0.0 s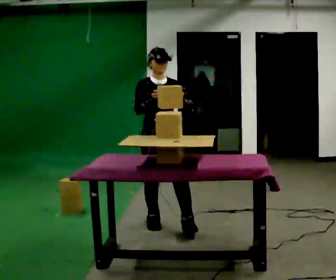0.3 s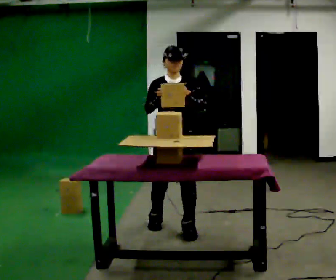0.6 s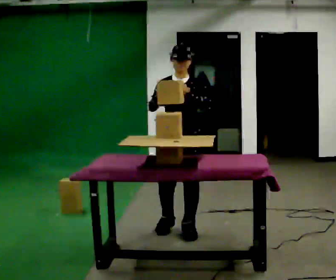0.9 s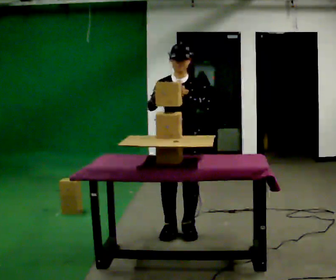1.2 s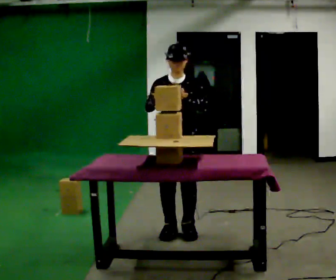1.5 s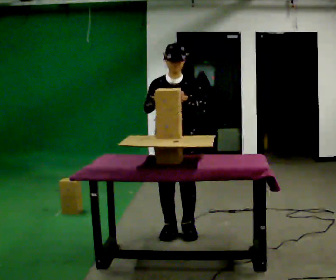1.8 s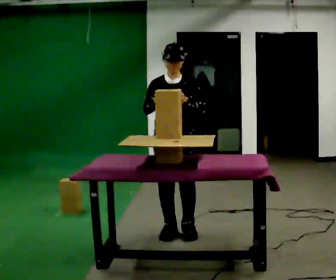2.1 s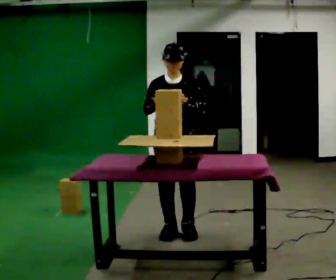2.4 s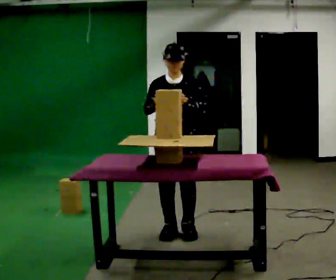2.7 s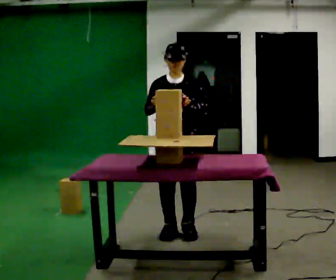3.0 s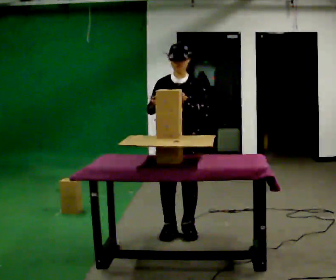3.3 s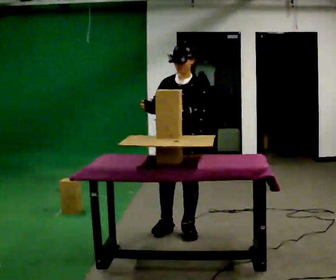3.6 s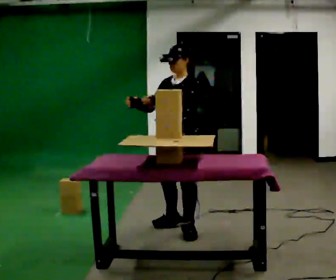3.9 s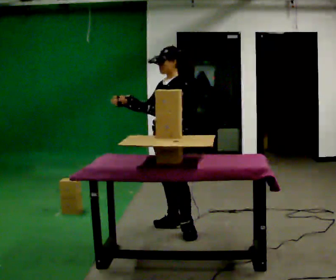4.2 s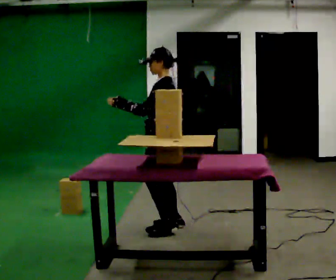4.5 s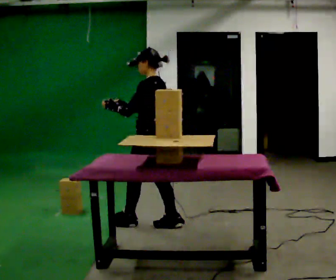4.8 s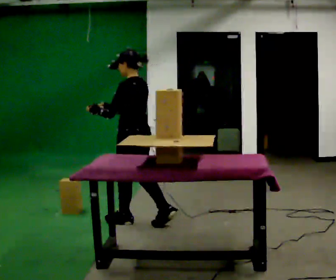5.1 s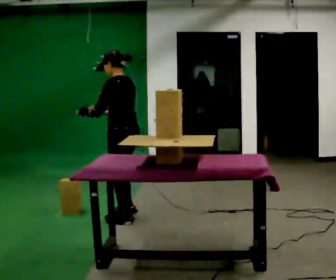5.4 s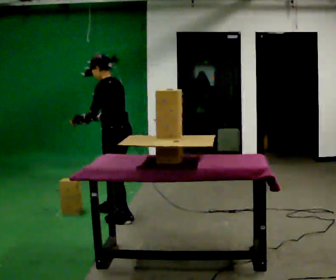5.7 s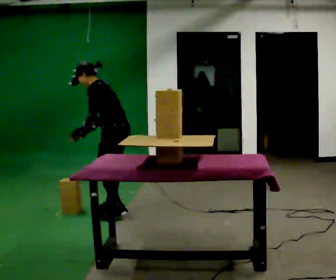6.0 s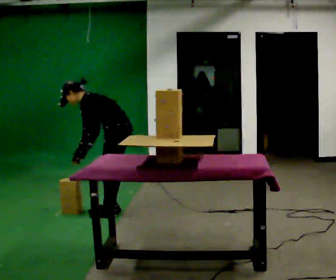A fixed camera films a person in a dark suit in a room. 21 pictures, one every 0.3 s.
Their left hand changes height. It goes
downward.
The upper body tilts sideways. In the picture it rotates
counterclockwise.
0.0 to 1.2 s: In the picture they go toward the camera, about 0.25 m in 1 step, which for them is forward and to their left.
1.2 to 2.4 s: The person keeps their place and pose.
2.4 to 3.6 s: The person turns about 45 degrees to their right, clockwise seen from above, so the part of the body nearest the lens slides to the left.
3.6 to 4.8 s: The part of the body nearest the lens slides to the left as the person turns to their right by about 75 degrees. In the picture they go to the left and away from the camera, about 0.5 m in 1 step.
4.8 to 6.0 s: The part of the body nearest the lens slides to the right as the person turns to their left by about 30 degrees. In the picture they go away from the camera and to the left, about 0.25 m in 2 steps, which for them is forward and to their right. The shoulders move downward. In the picture the upper body tilts counterclockwise, shoulders to the left, as they bend forward. In the picture their left hand goes downward.
The film runs forward here.
